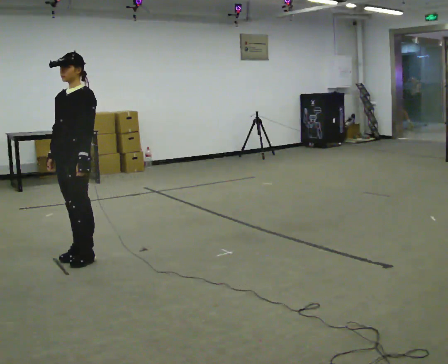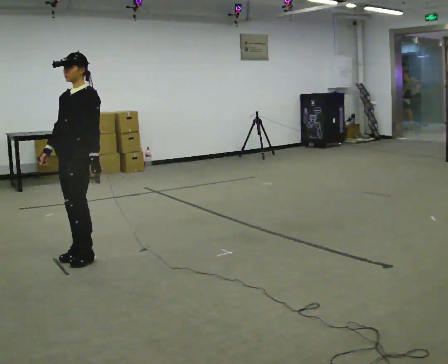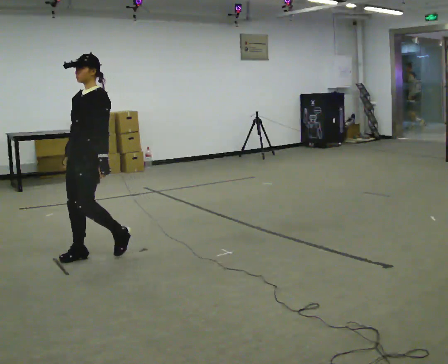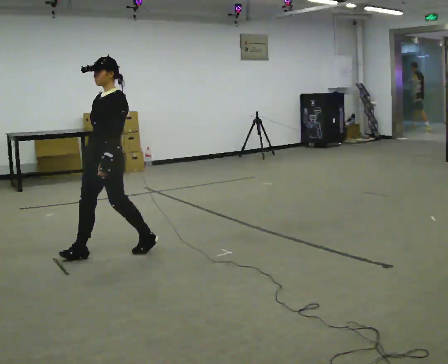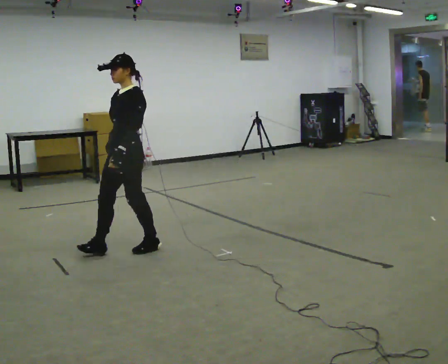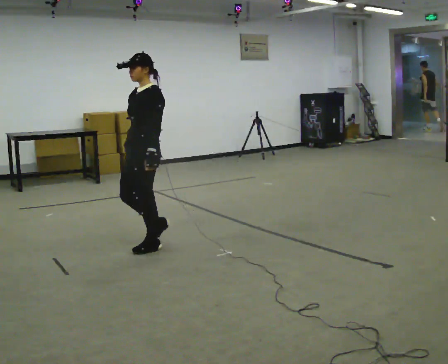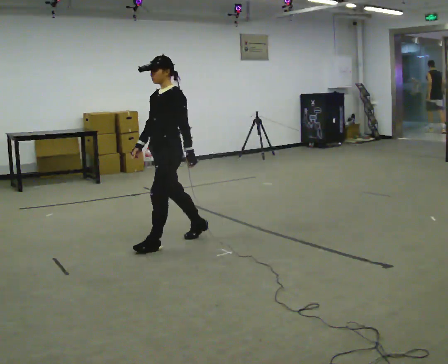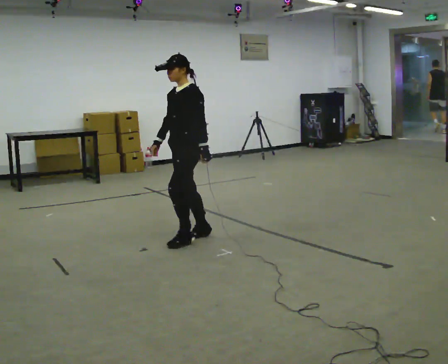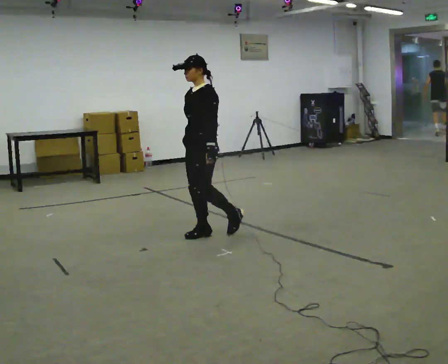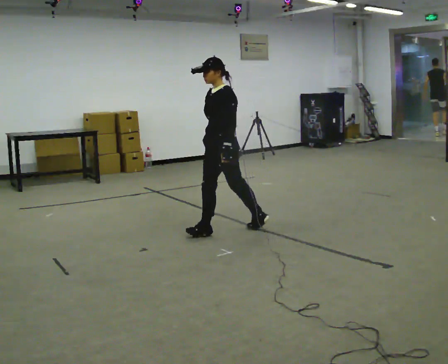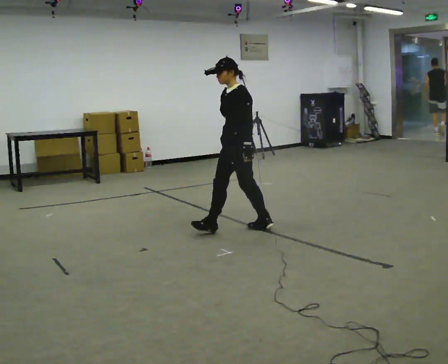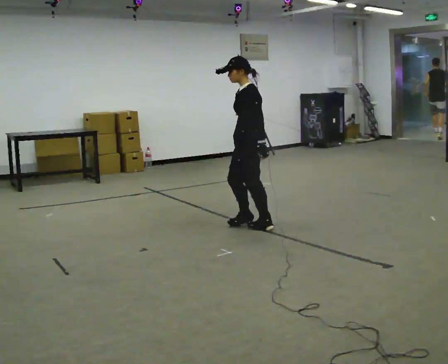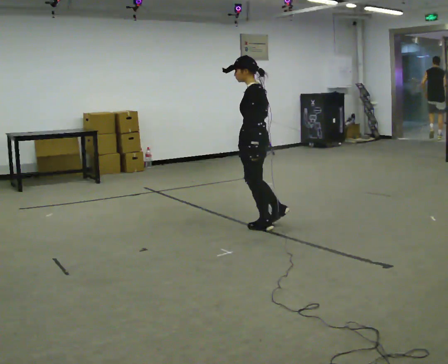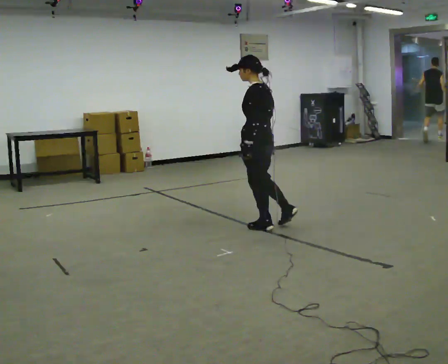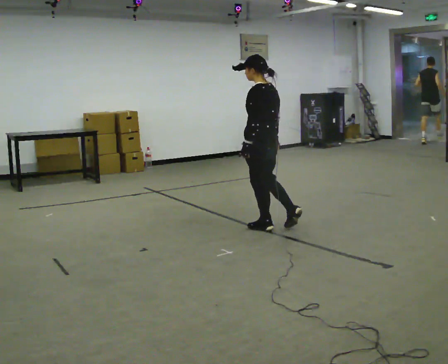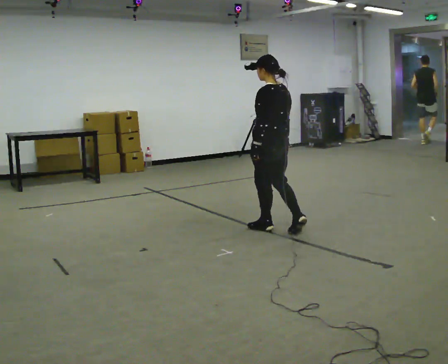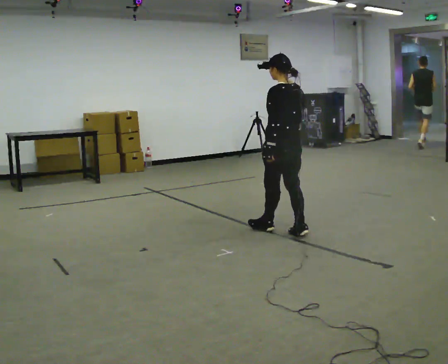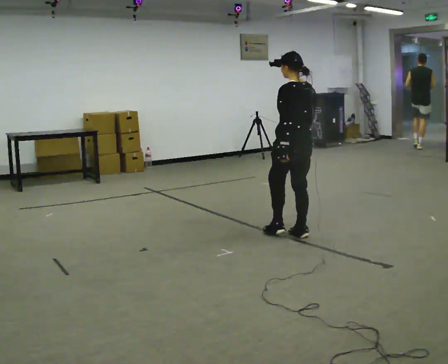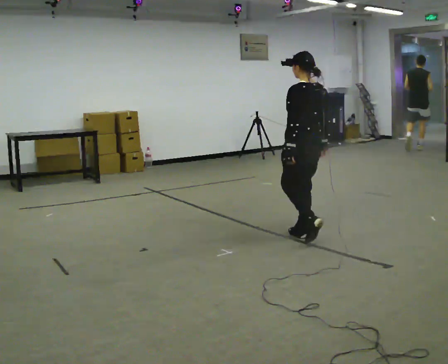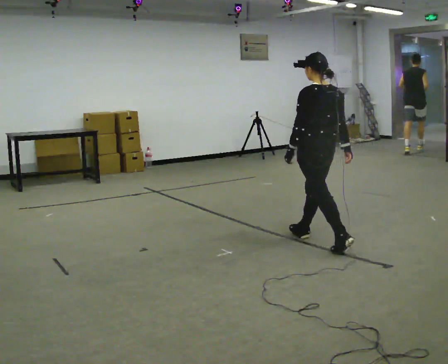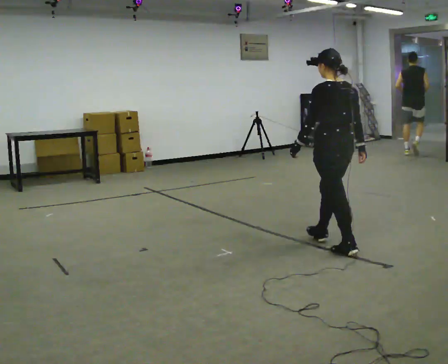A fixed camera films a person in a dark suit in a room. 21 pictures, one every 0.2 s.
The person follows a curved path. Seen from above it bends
clockwise.
The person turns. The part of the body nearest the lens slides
to the left.
0.0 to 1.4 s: In the picture they go to the right and away from the camera, about 1 m in 3 steps, which for them is backward.
1.4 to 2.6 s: The person turns about 60 degrees to their right, clockwise seen from above, so the part of the body nearest the lens slides to the left. In the picture they go to the right and away from the camera, about 0.75 m in 1 step, which for them is backward.
2.6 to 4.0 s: The person turns about 30 degrees to their right, clockwise seen from above, so the part of the body nearest the lens slides to the left. In the picture they go toward the camera and to the right, about 1 m in 2 steps, which for them is backward.
The film runs backward here.
